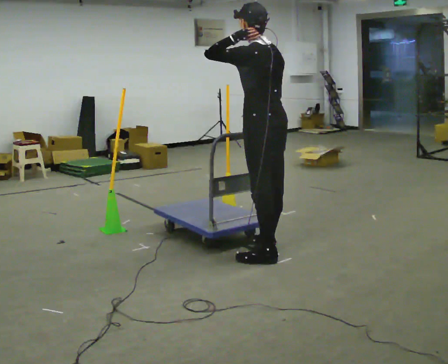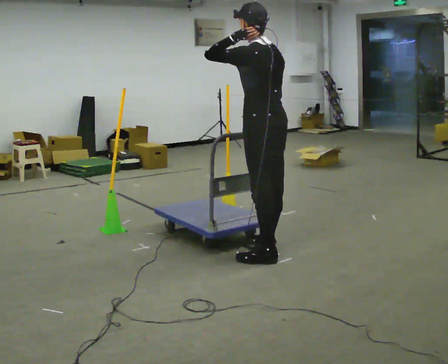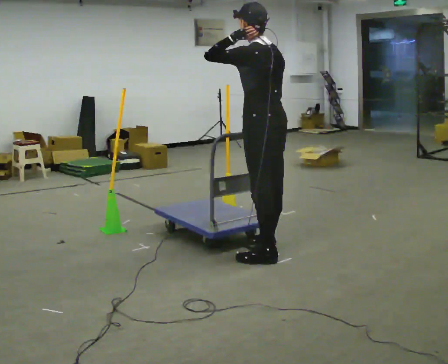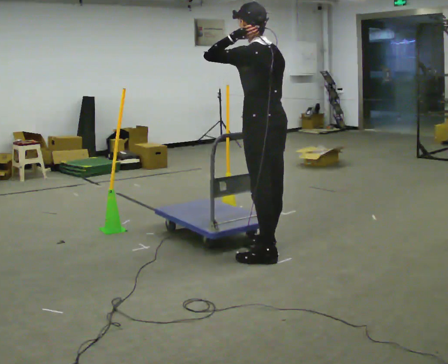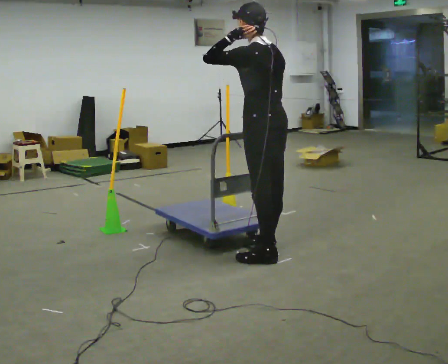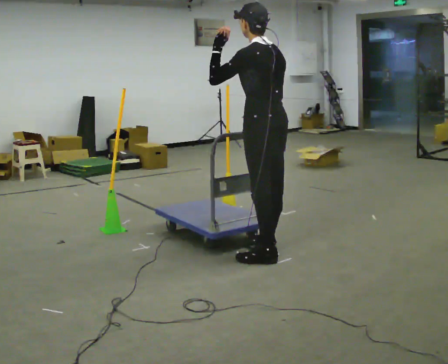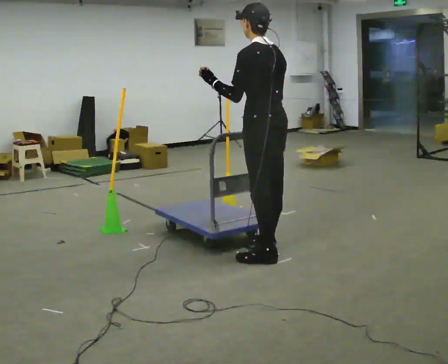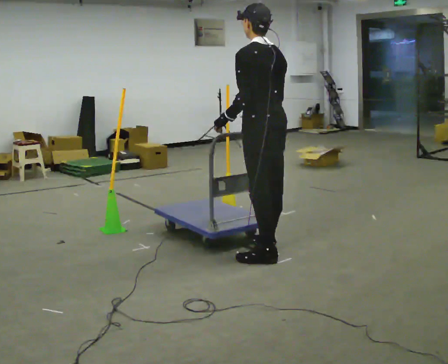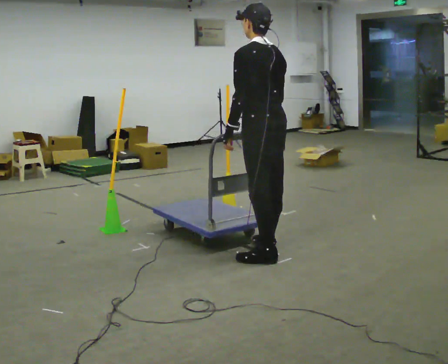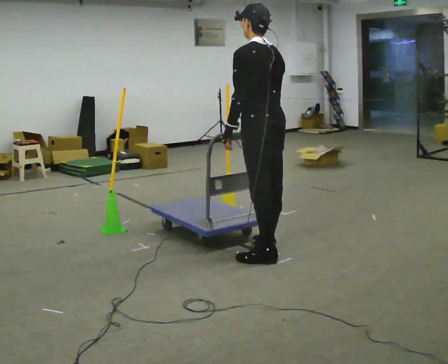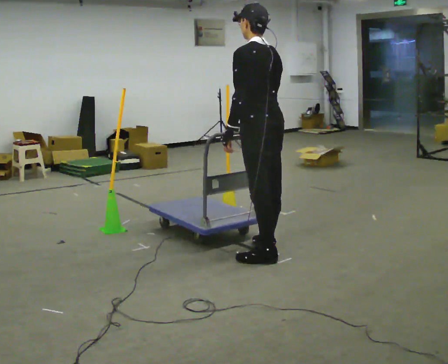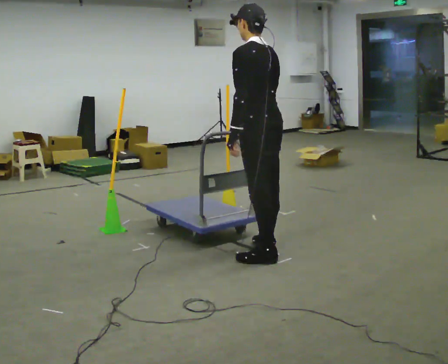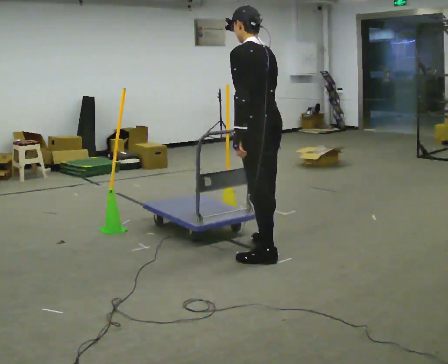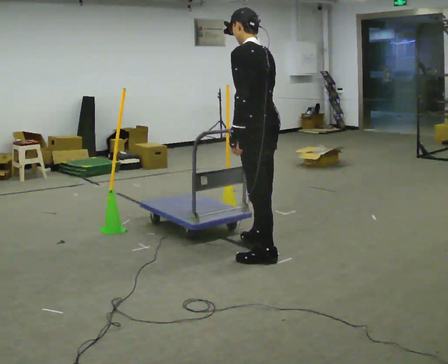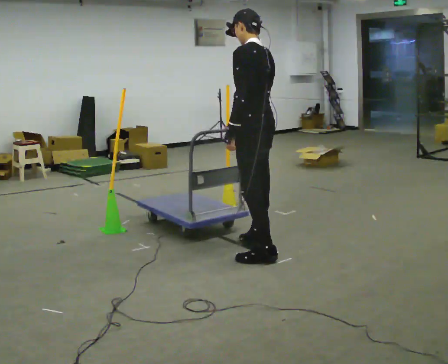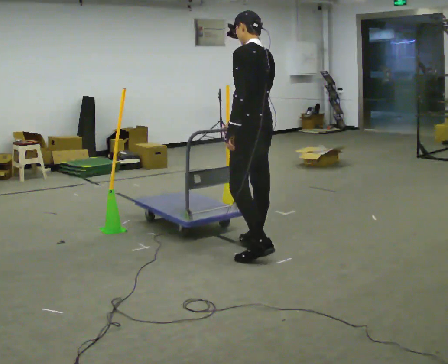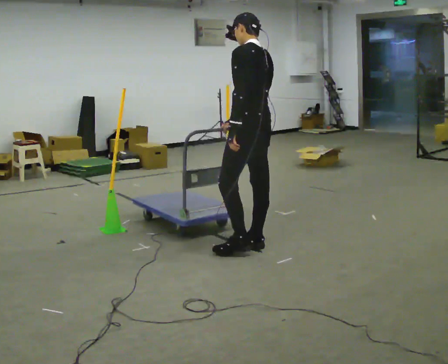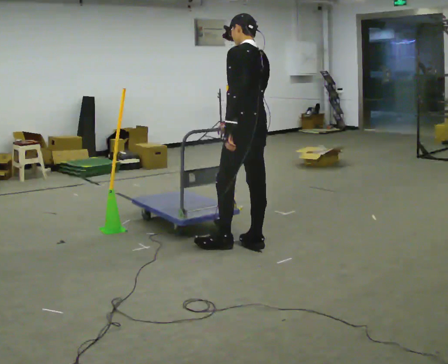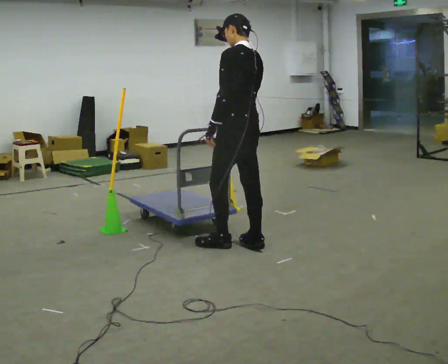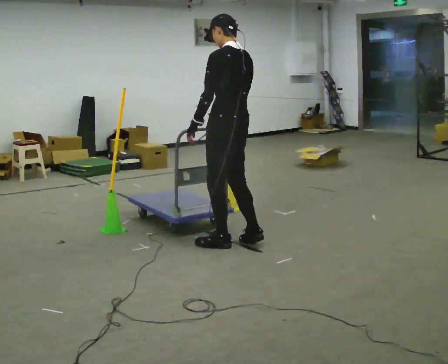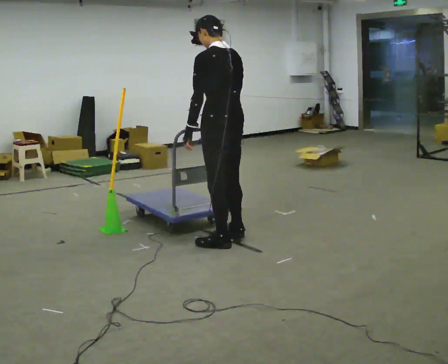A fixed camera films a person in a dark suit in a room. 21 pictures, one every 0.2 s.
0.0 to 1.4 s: In the picture their left hand goes downward.
1.4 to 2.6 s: The person moves a little, or ends about where they began.
2.6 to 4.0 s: In the picture they go to the left and away from the camera, about 0.25 m in 2 steps, which for them is forward.
The film runs backward here.
